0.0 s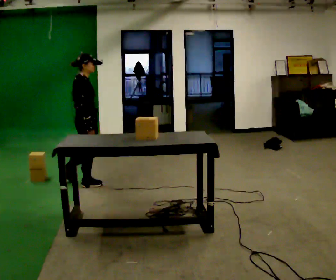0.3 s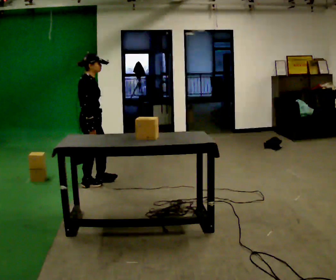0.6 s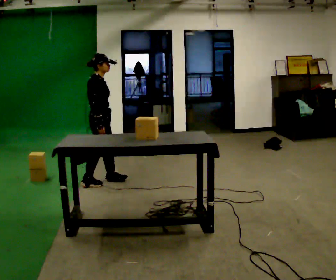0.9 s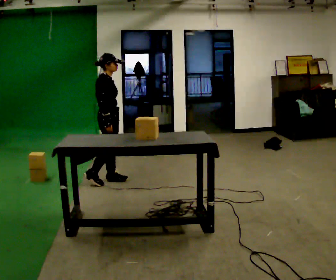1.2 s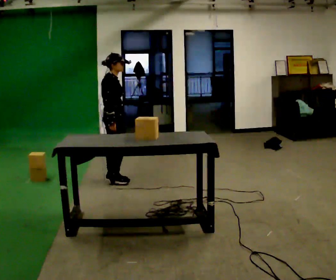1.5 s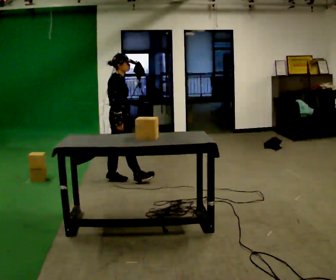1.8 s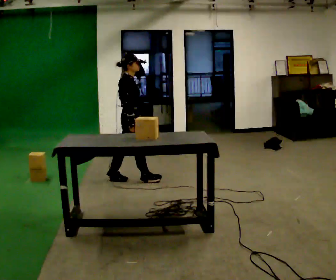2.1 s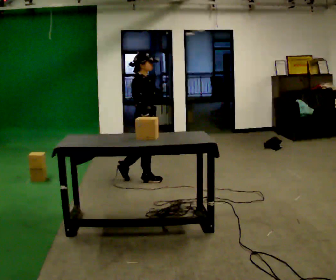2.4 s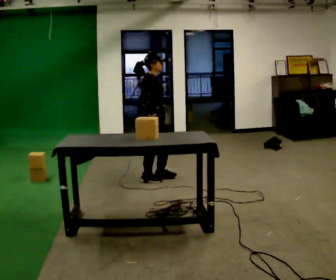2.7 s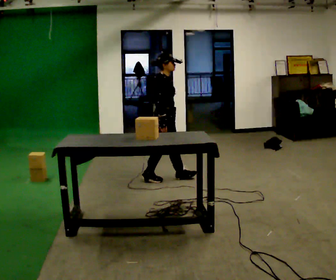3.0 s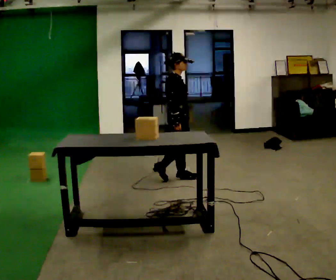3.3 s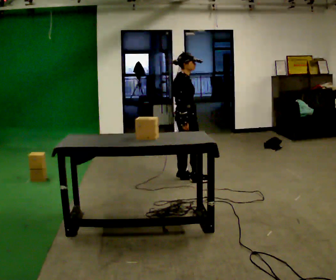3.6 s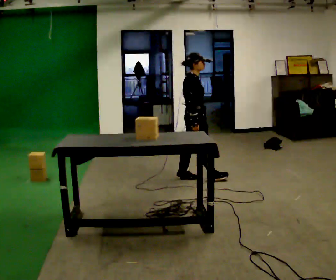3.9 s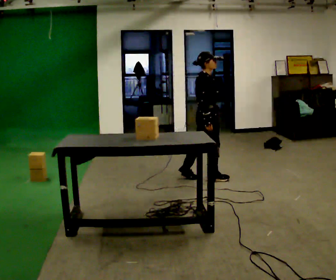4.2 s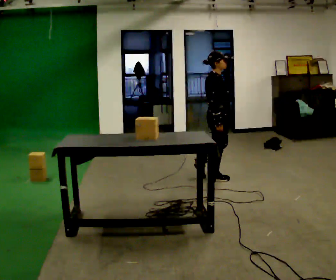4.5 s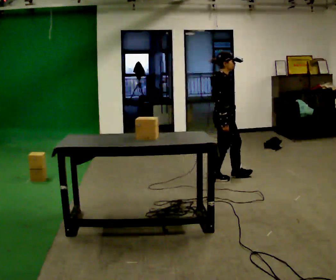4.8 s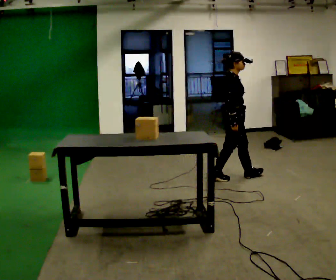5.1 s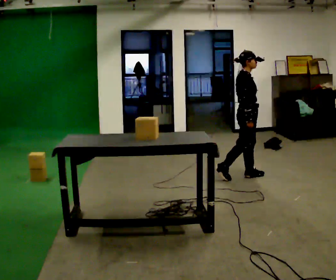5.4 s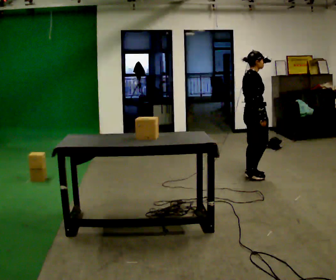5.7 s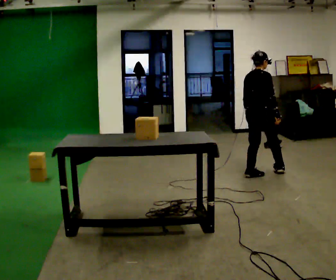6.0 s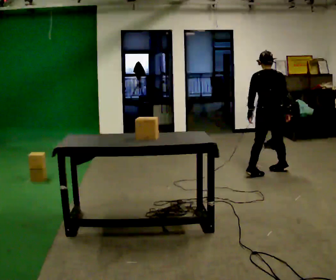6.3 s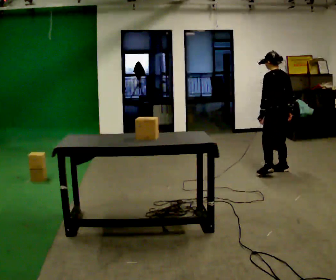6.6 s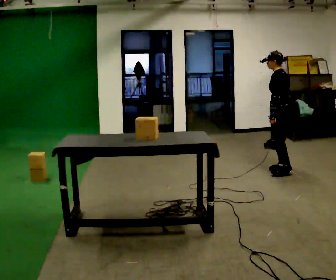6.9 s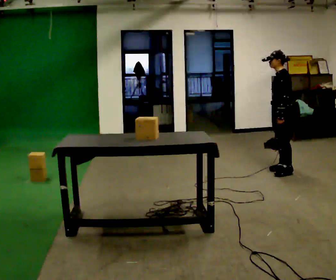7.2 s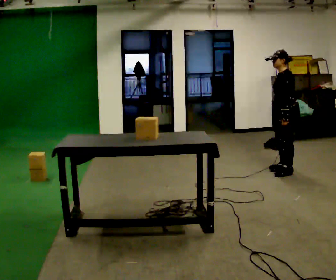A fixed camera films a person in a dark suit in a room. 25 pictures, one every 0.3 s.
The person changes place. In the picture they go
to the right.
0.0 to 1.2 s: In the picture they go away from the camera and to the right, about 0.25 m in 1 step, which for them is forward and to their left.
1.2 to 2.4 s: In the picture they go to the right, about 0.5 m in 1 step, which for them is forward.
2.4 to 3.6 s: In the picture they go to the right, about 0.5 m in 2 steps, which for them is forward.
3.6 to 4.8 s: In the picture they go to the right, about 0.5 m in 1 step, which for them is forward.
4.8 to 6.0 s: Seen from above the body turns counterclockwise, about 105 degrees: to their left, with its near side sliding to the right. In the picture they go to the right and away from the camera, about 0.5 m in 1 step.
6.0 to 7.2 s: Seen from above the body turns counterclockwise, about 90 degrees: to their left, with its near side sliding to the right. In the picture they go to the right, about 0.25 m in 1 step.
The film runs forward here.
